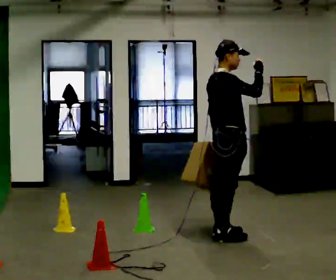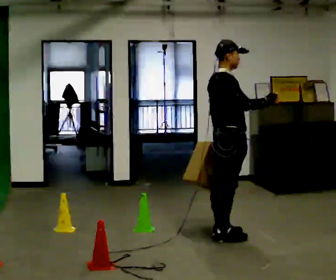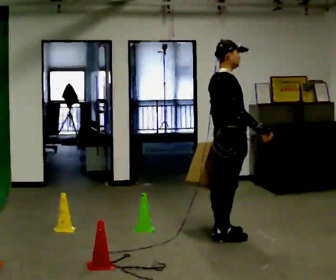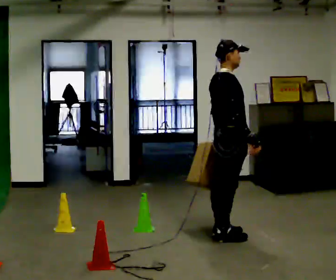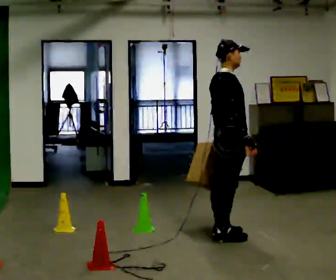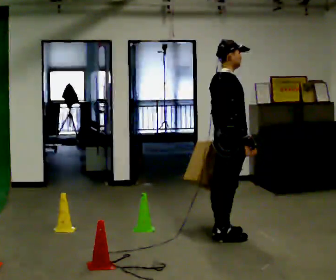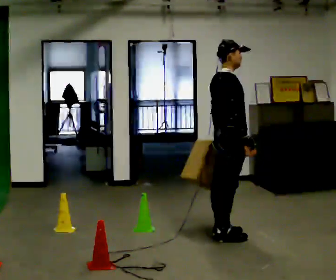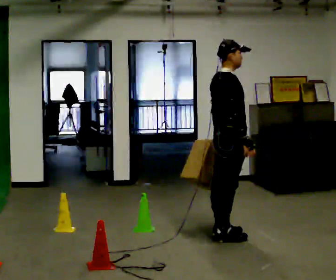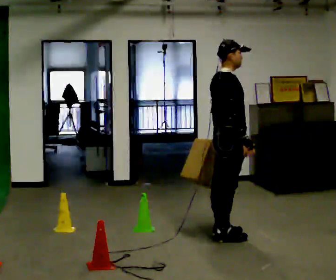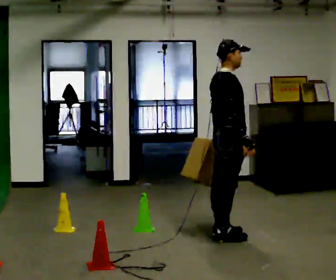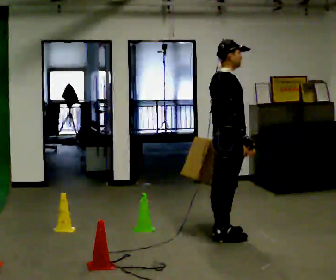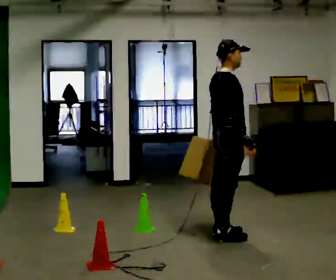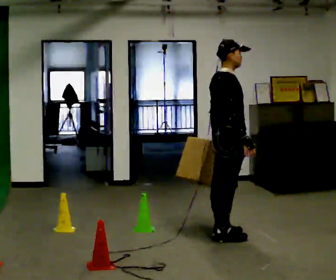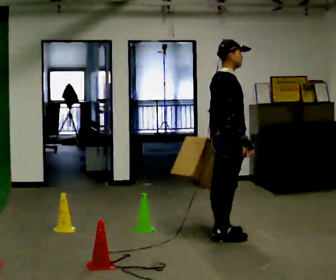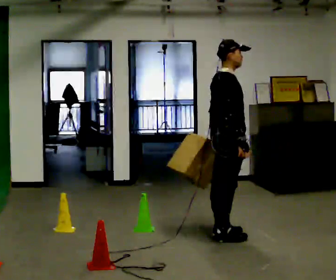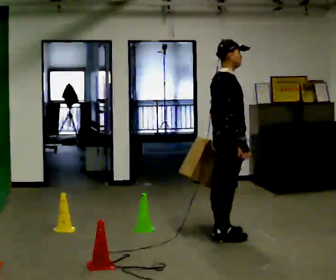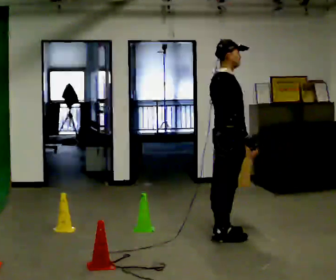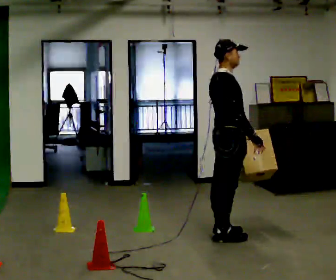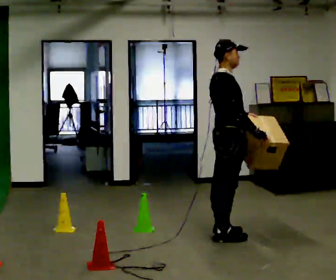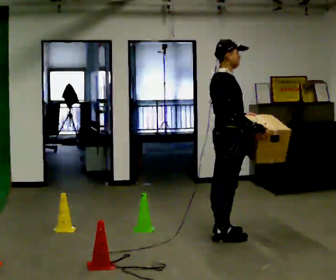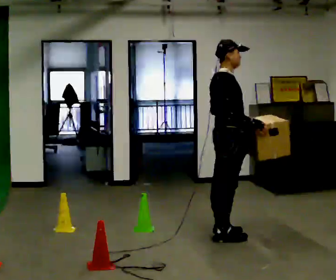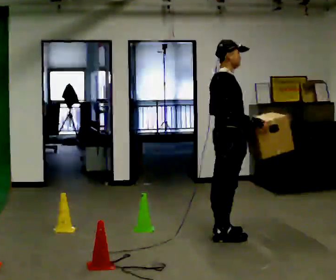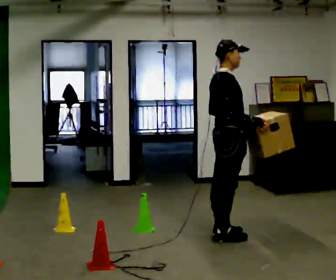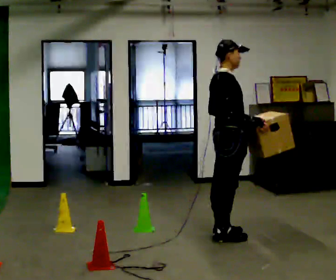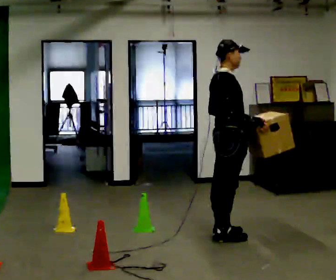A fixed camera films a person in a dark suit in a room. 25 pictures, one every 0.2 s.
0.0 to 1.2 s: In the picture their right hand goes downward, the arm swinging clockwise.
1.2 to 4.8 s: The person moves a little, or ends about where they began.
The film runs backward here.
